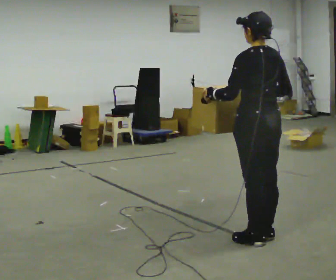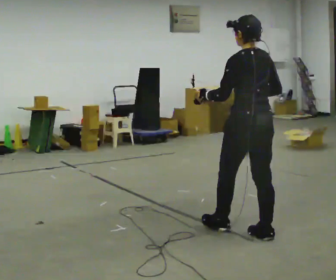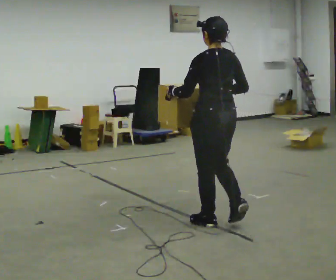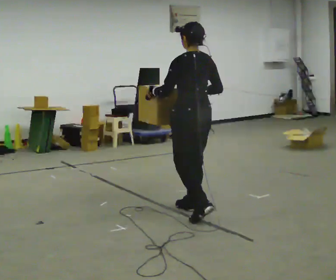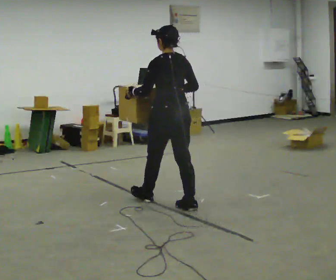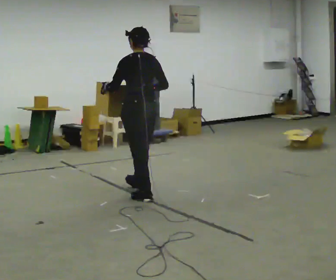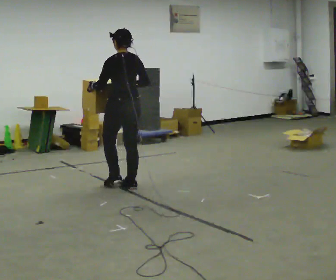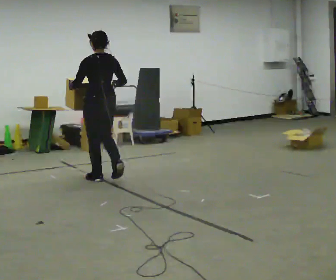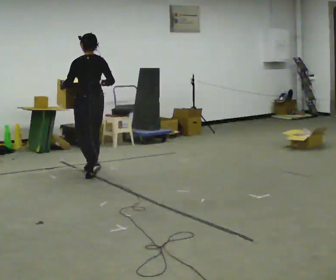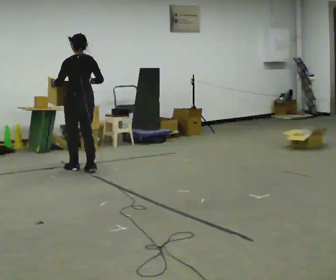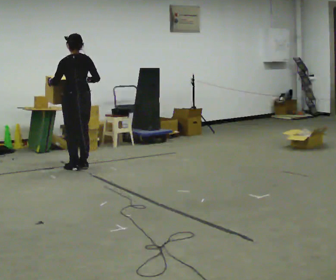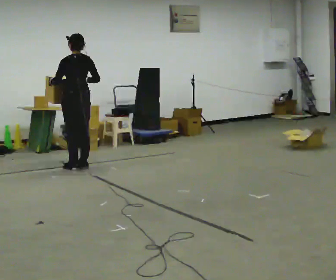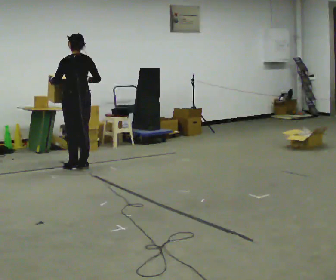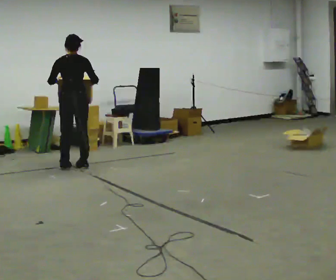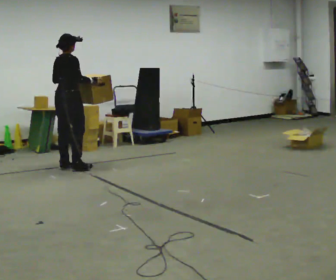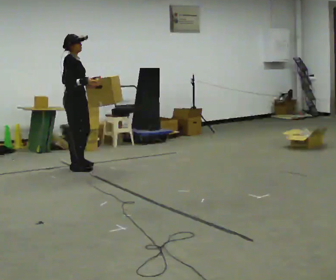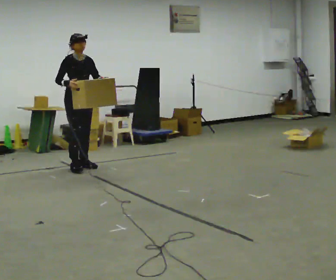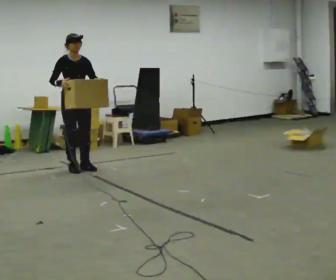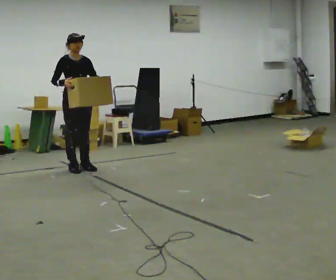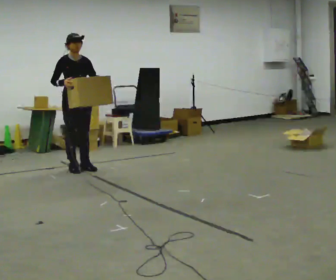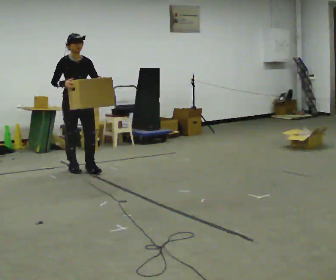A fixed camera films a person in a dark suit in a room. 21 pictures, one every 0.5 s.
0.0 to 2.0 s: In the picture they go away from the camera and to the left, about 1 m in 2 steps, which for them is forward.
2.0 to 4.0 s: In the picture they go away from the camera and to the left, about 1.5 m in 4 steps, which for them is forward.
4.0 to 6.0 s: In the picture they go away from the camera and to the left, about 0.25 m in 2 steps, which for them is forward.
6.0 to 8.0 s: The part of the body nearest the lens slides to the left as the person turns to their right by about 165 degrees. In the picture their right hand goes to the left.
8.0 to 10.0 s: In the picture they go toward the camera, about 0.25 m, which for them is forward.
The film runs forward here.
